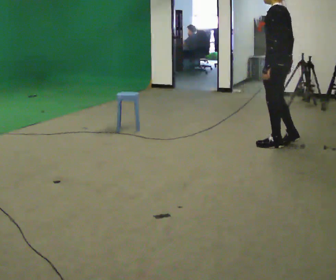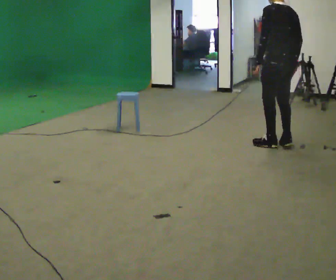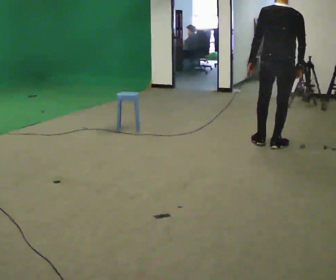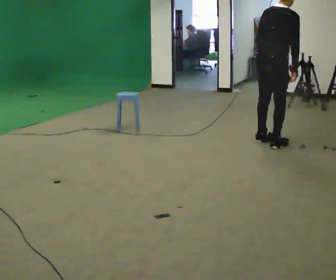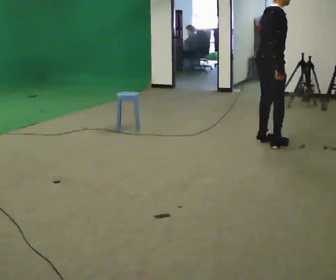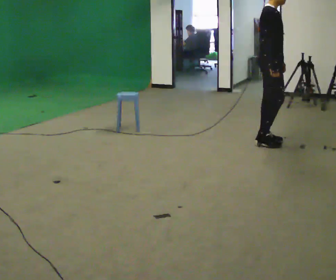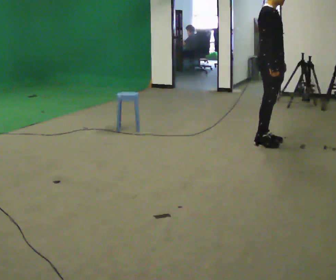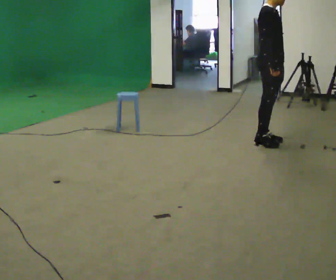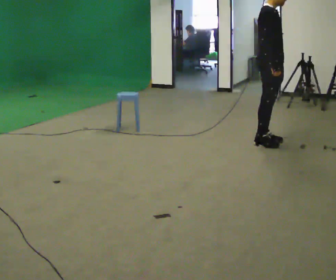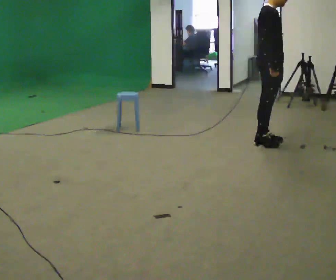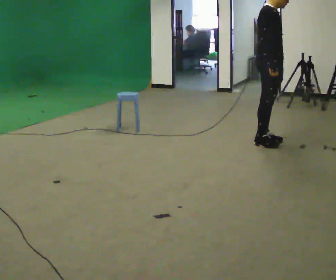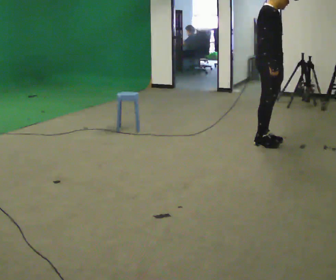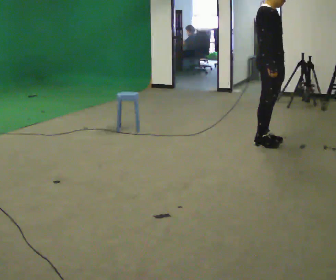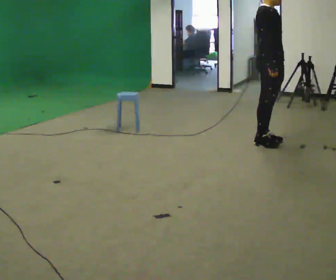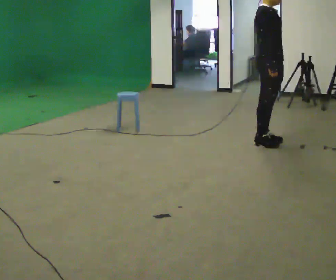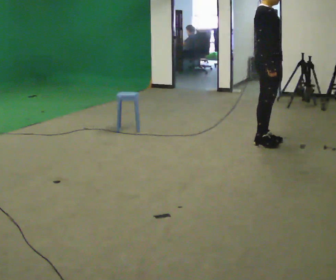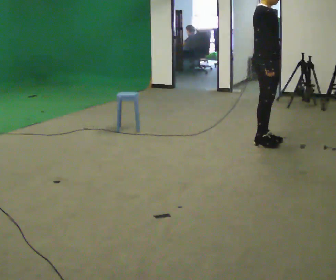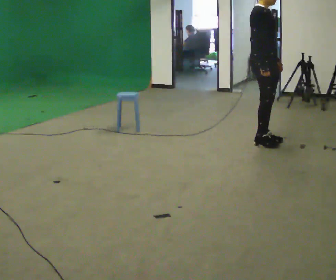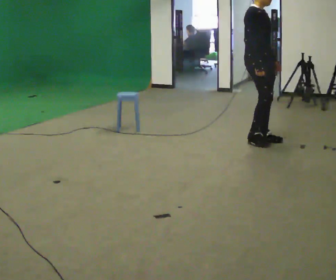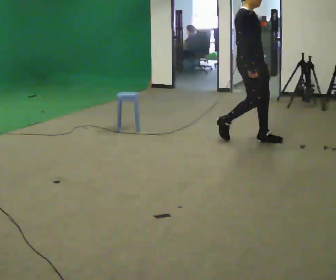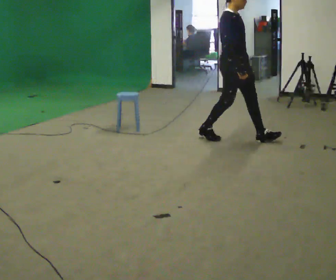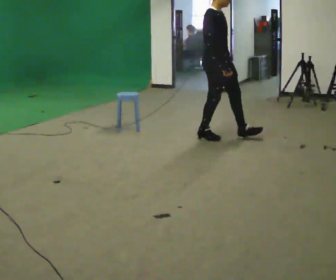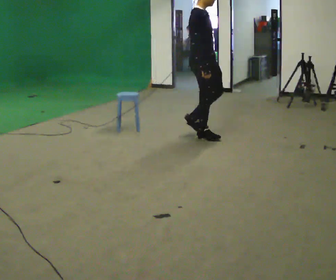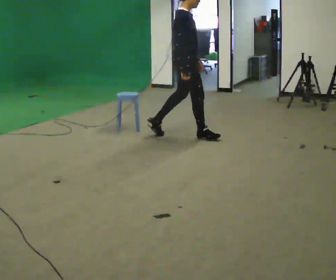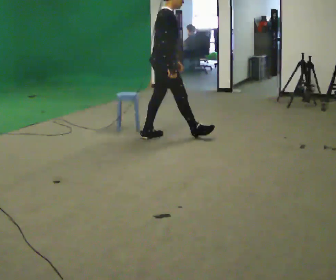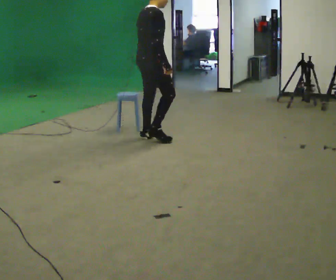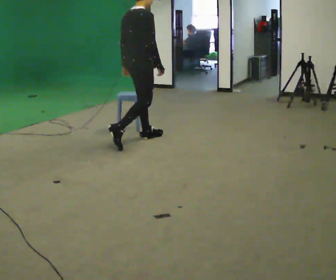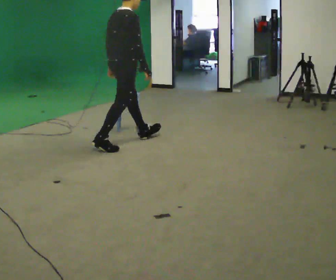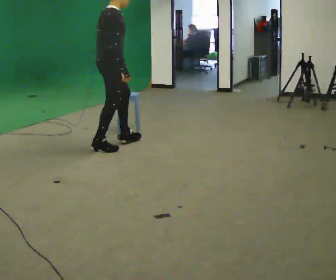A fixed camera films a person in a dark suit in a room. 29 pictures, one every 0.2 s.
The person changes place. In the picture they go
to the left.
0.0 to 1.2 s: Seen from above the body turns clockwise, about 180 degrees: to their right, with its near side sliding to the left.
1.2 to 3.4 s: The person moves a little, or ends about where they began.
3.4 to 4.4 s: In the picture they go to the left, about 0.75 m in 2 steps, which for them is backward.
4.4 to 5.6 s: The part of the body nearest the lens slides to the right as the person turns to their left by about 30 degrees. In the picture they go to the left and toward the camera, about 1 m in 2 steps, which for them is backward.
The film runs backward here.
